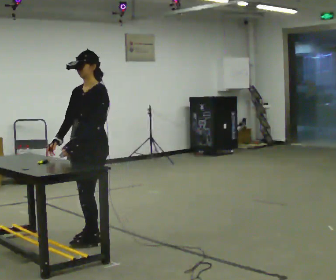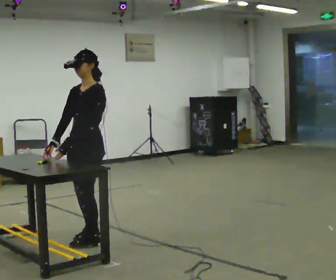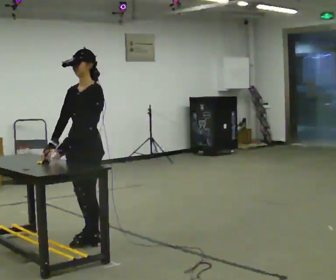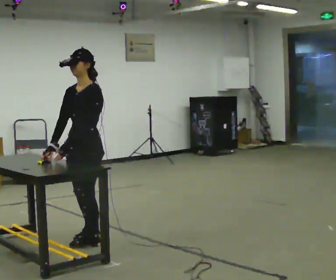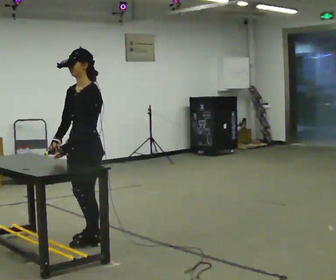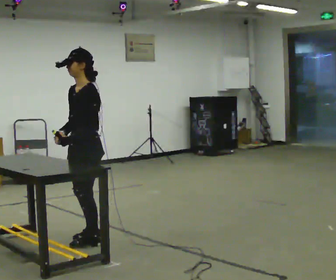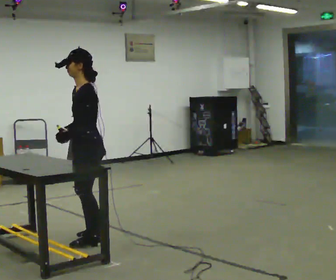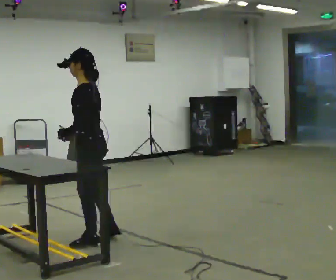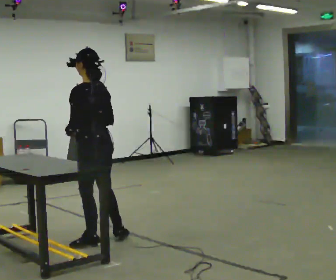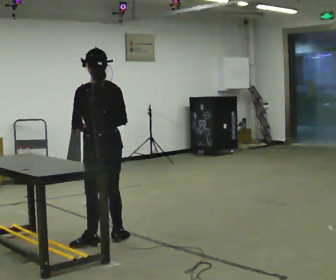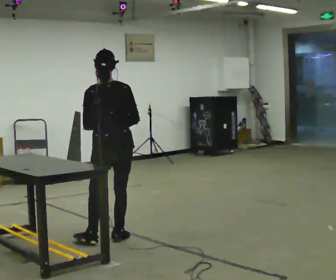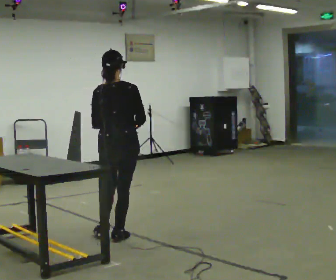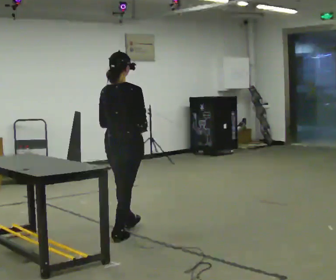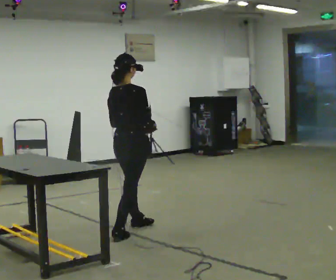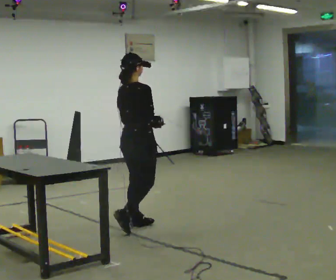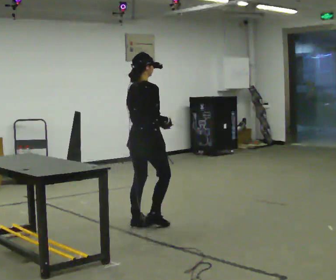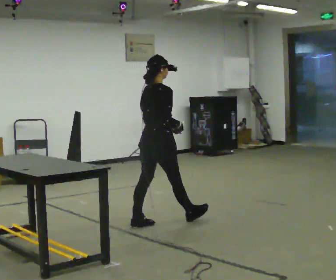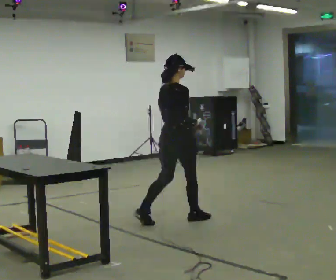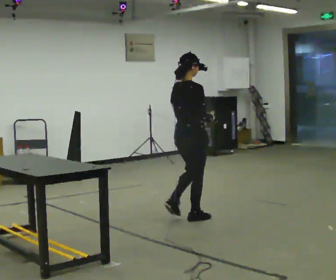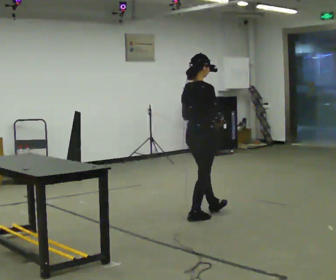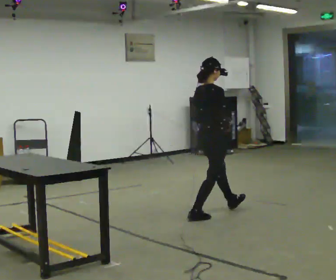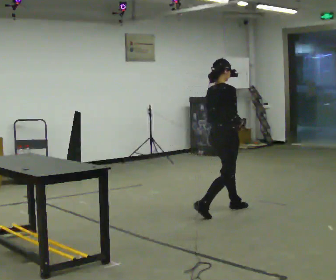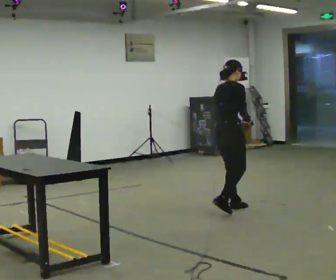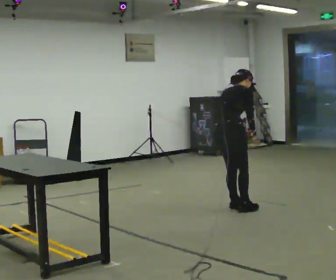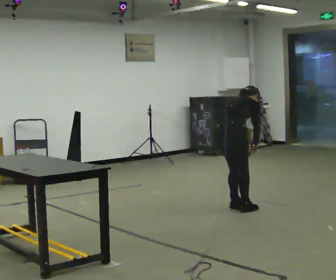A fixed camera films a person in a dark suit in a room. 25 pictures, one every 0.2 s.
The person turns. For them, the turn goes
to their right.
The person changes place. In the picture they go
to the right.
0.0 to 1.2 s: The person turns about 30 degrees to their right, clockwise seen from above, so the part of the body nearest the lens slides to the left.
1.2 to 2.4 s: Seen from above the body turns clockwise, about 120 degrees: to their right, with its near side sliding to the left. In the picture they go to the right and away from the camera, about 0.25 m in 1 step.
2.4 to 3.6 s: The part of the body nearest the lens slides to the left as the person turns to their right by about 30 degrees. In the picture they go to the right and away from the camera, about 1 m in 2 steps, which for them is forward.
3.6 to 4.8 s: In the picture they go to the right and away from the camera, about 0.5 m in 2 steps, which for them is forward. The upper body goes downward. In the picture the upper body tilts clockwise, shoulders to the right, as they bend forward. In the picture their left hand goes downward.
The film runs forward here.
